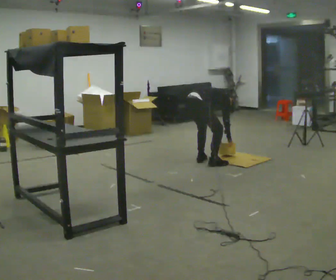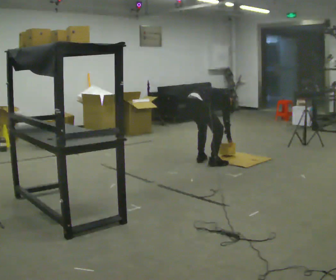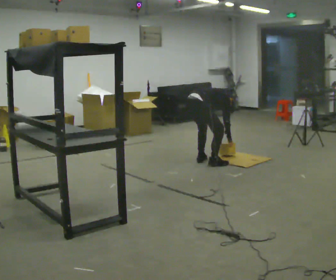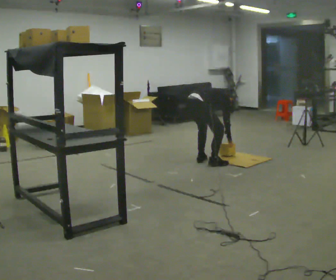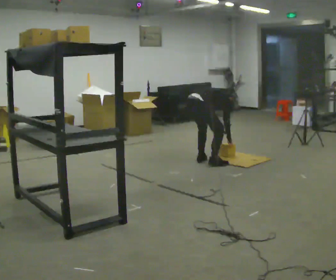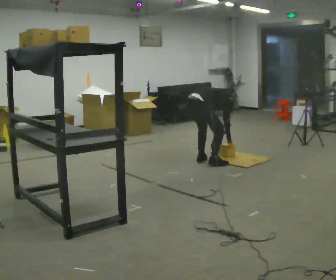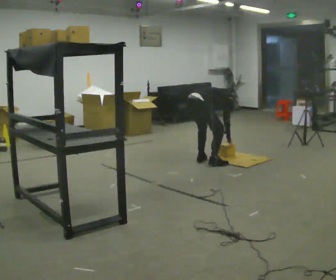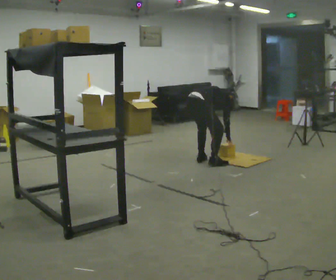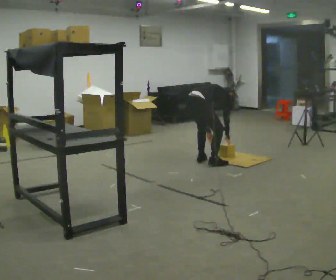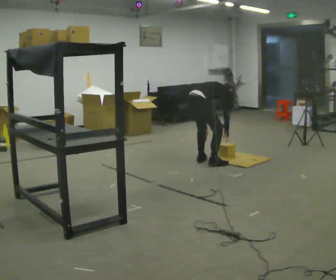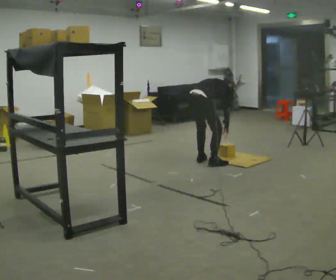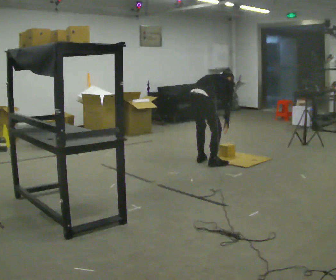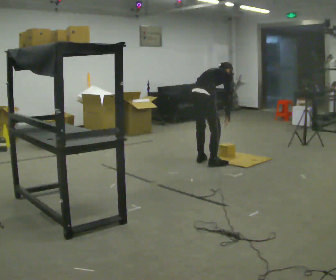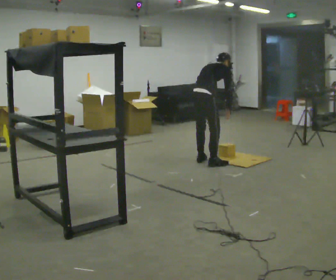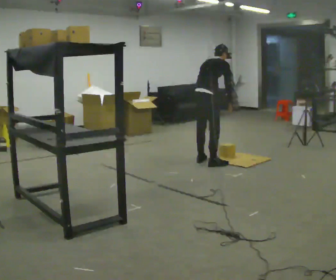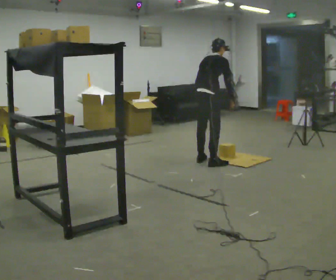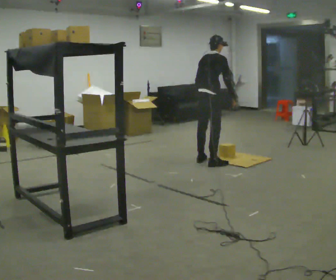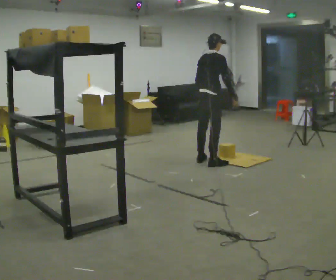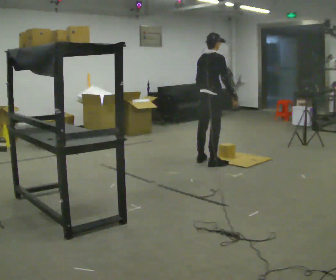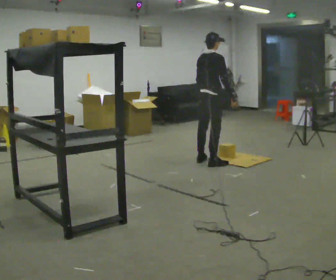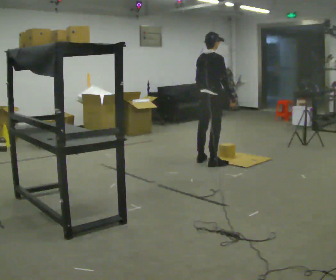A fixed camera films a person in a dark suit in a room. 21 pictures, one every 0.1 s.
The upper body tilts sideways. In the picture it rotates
counterclockwise.
Their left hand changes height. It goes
upward.
0.0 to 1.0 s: The upper body goes upward. In the picture the upper body tilts counterclockwise, shoulders to the left, as they lean back or straighten.
1.0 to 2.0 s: The upper body goes upward. The upper body tips toward the camera, its near side rolling downward, as they lean back or straighten. In the picture their left hand goes upward.
The film runs forward here.
